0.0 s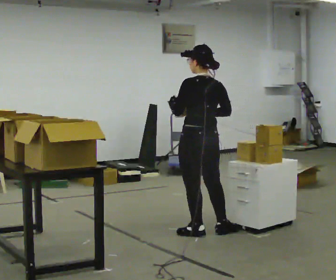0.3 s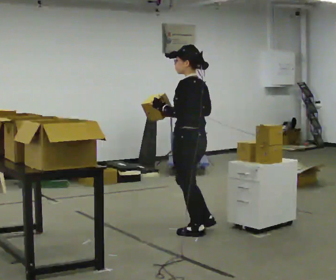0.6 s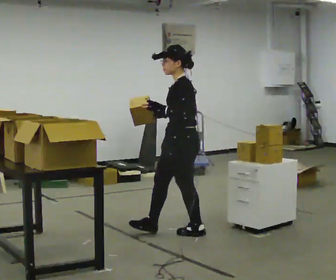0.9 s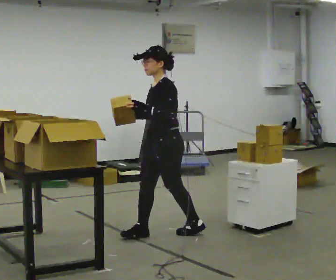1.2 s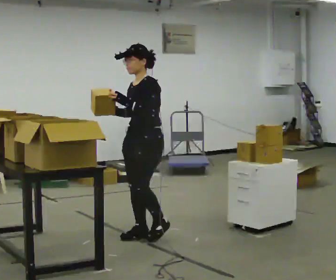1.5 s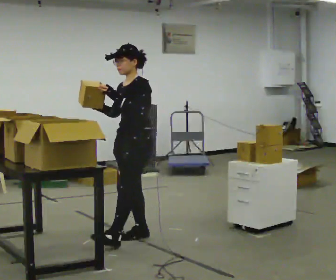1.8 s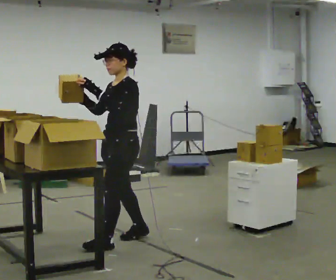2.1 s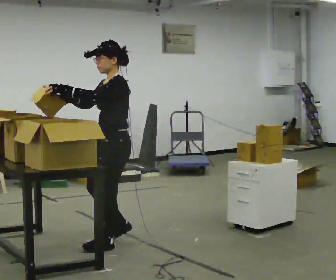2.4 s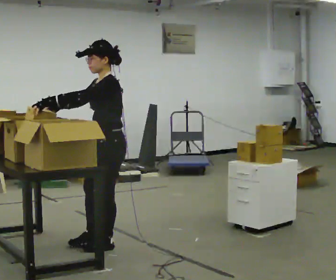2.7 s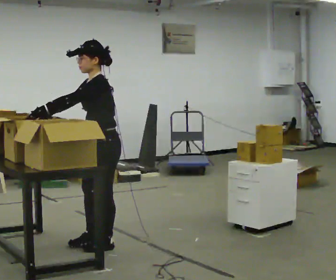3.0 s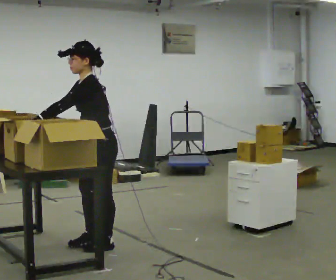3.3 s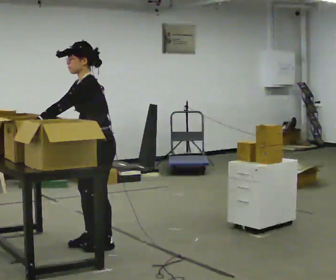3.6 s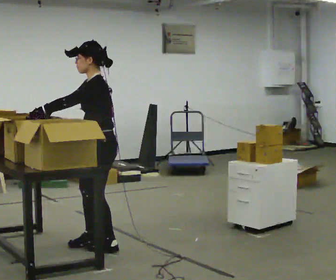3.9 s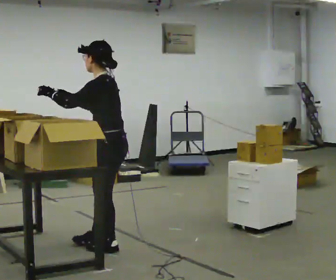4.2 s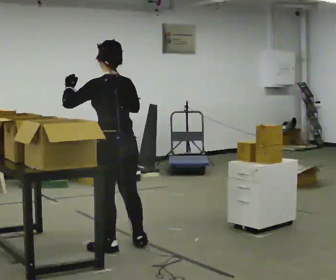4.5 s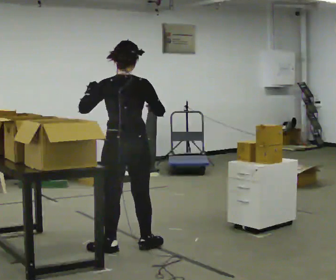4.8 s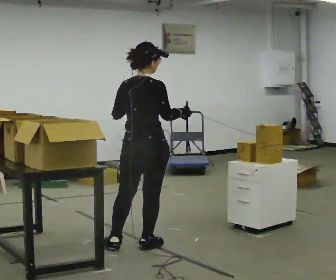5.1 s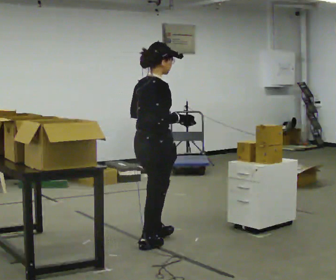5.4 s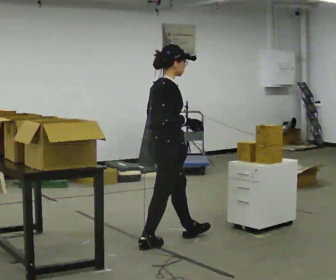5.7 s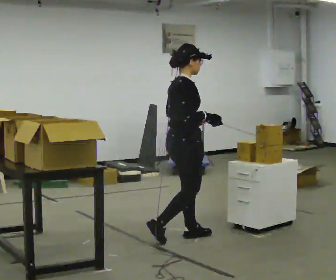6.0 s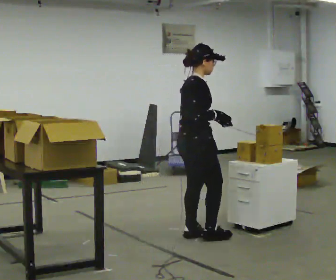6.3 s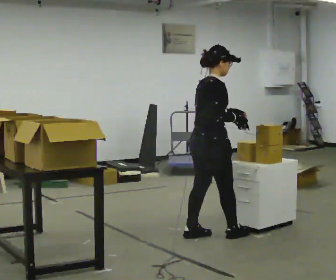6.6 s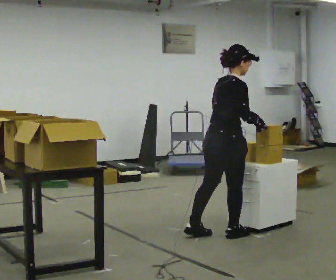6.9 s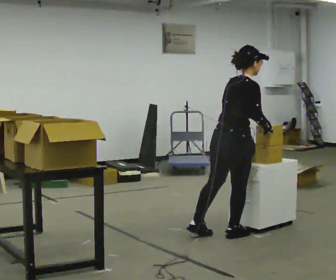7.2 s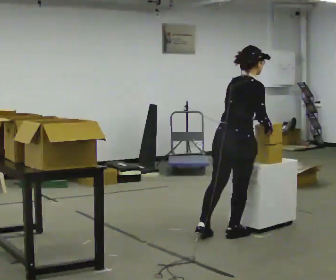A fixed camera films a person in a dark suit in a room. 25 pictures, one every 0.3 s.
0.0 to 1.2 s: The part of the body nearest the lens slides to the right as the person turns to their left by about 105 degrees. In the picture they go to the left, about 0.5 m in 1 step.
1.2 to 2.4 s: In the picture they go toward the camera and to the left, about 0.5 m in 2 steps, which for them is forward and to their left.
2.4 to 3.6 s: The person moves a little, or ends about where they began.
3.6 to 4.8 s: The part of the body nearest the lens slides to the left as the person turns to their right by about 120 degrees. In the picture they go to the right, about 0.25 m in 1 step.
4.8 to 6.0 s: Seen from above the body turns clockwise, about 60 degrees: to their right, with its near side sliding to the left. In the picture they go to the right and away from the camera, about 0.5 m in 1 step, which for them is forward.
6.0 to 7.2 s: The person turns about 30 degrees to their left, counterclockwise seen from above, so the part of the body nearest the lens slides to the right. In the picture they go to the right, about 0.25 m in 1 step, which for them is forward and to their right.
The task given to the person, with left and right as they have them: 1. Read the list the operator gives you. 2. Collect the six items on the list from the shelves. 3. Put them all in the bin on the table. 4. Tell the operator when you are finished.
The film runs forward here.
